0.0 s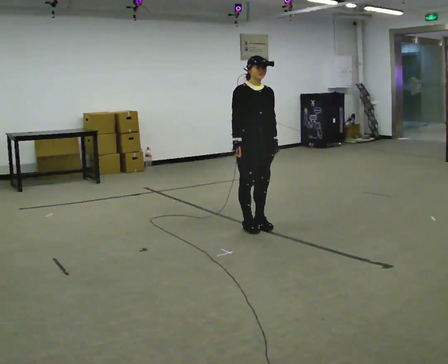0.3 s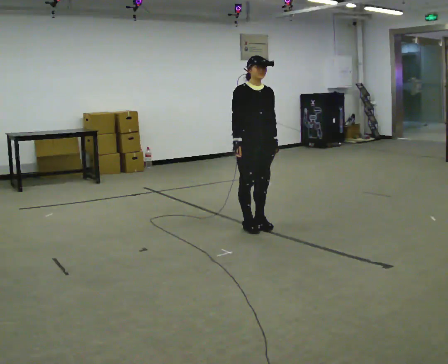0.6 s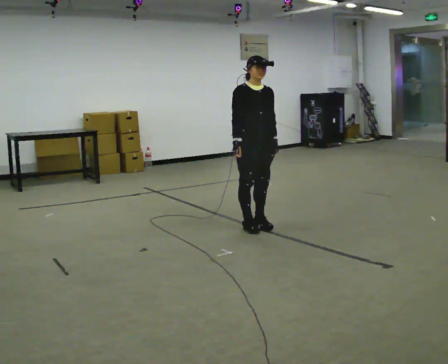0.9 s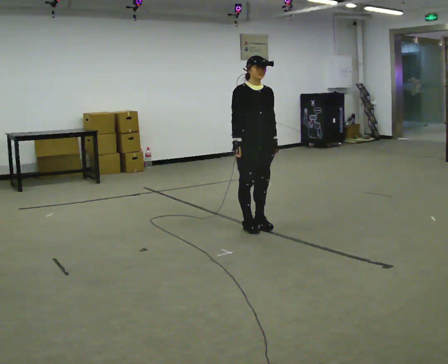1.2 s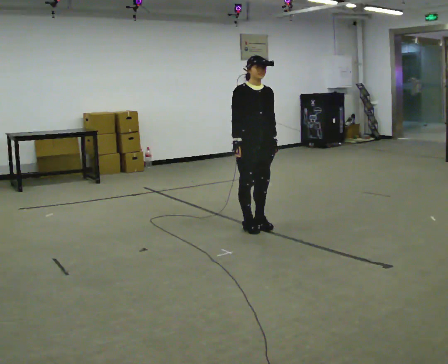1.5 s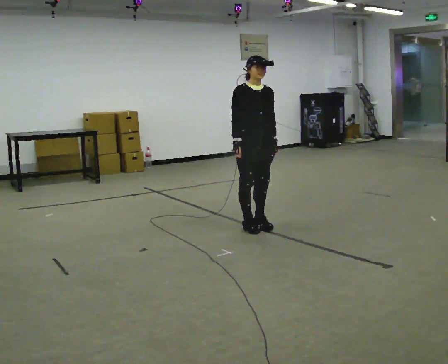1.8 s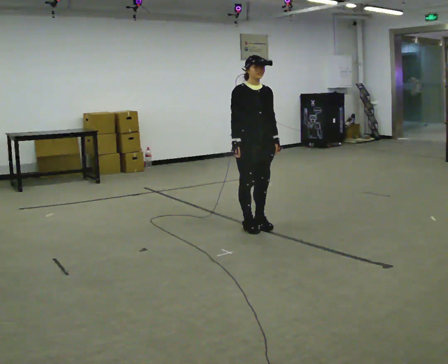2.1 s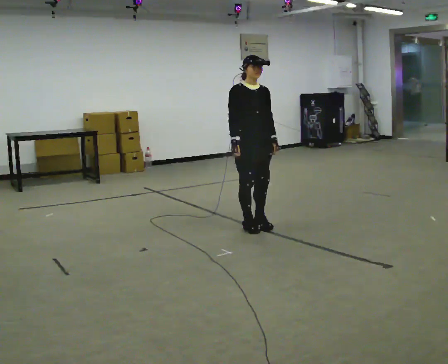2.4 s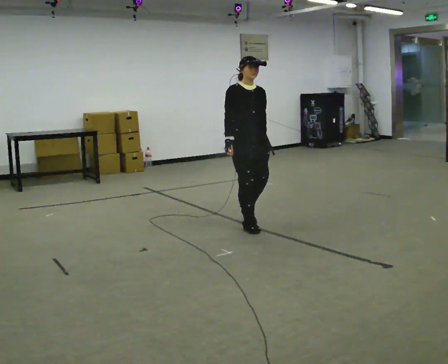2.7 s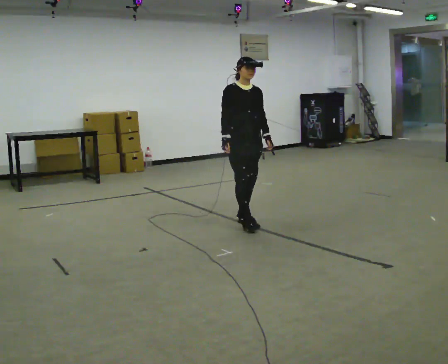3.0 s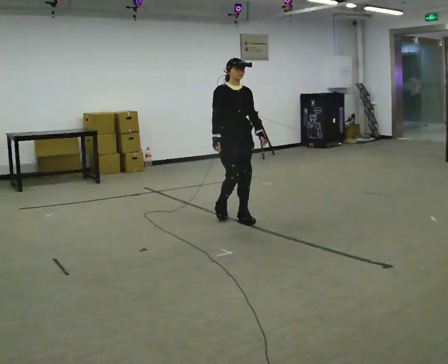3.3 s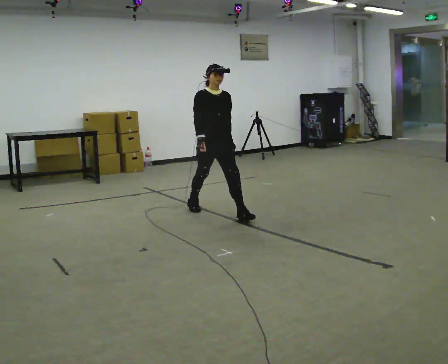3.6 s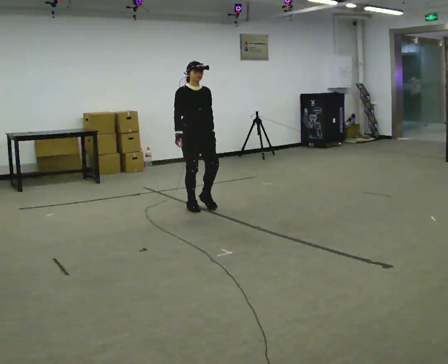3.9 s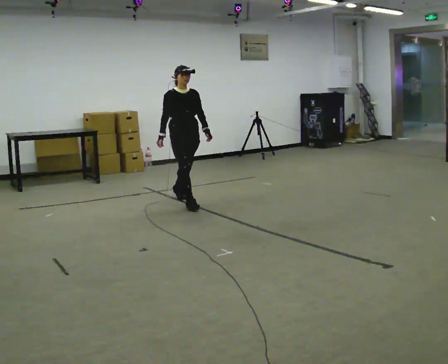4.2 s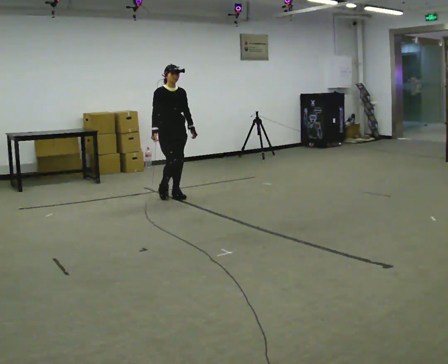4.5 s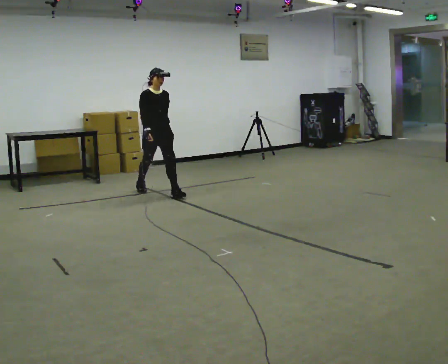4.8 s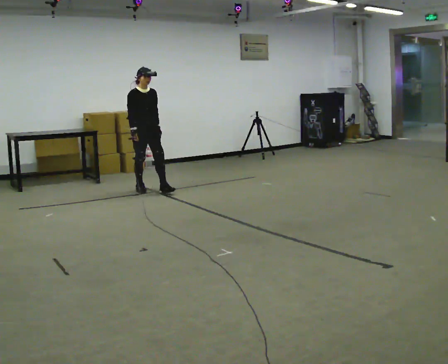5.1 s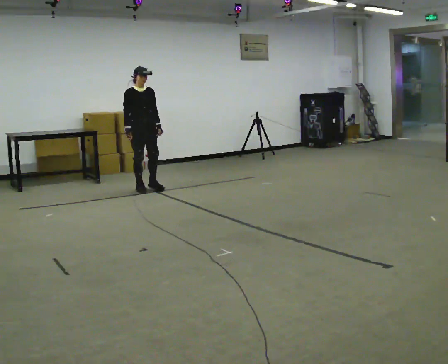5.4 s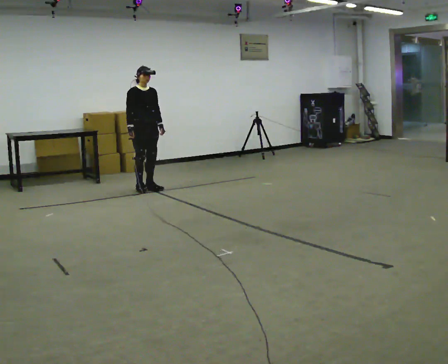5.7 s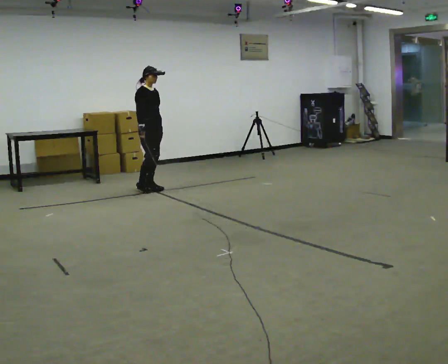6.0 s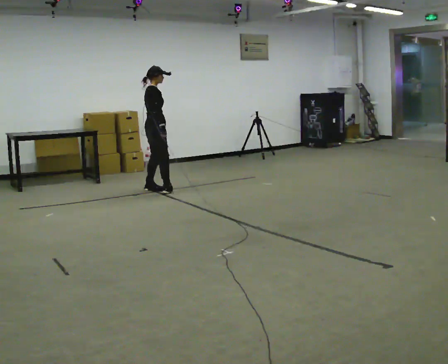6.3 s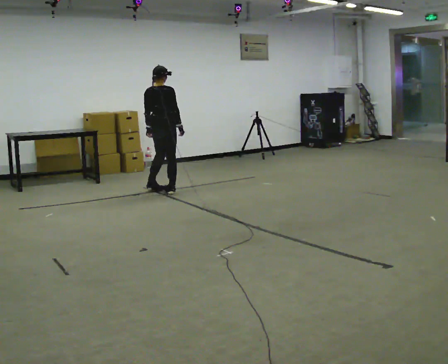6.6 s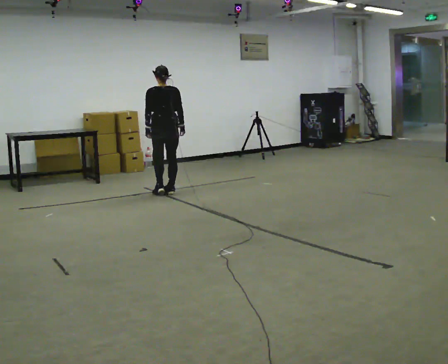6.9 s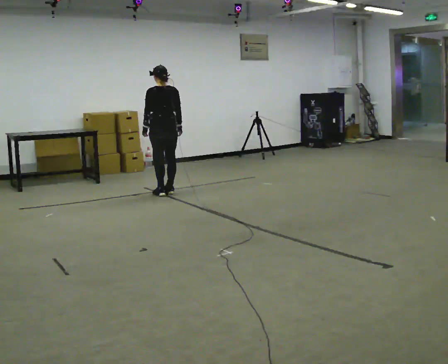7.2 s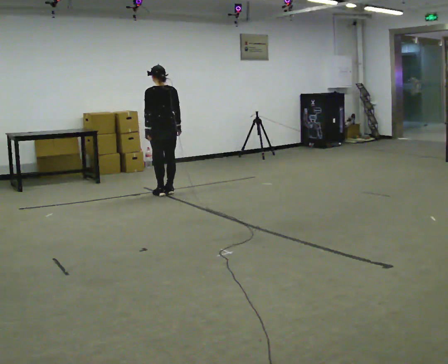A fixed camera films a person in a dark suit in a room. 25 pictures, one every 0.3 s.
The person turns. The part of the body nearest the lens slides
to the right.
The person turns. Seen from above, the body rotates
counterclockwise.
0.0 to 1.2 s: The person keeps their place and pose.
1.2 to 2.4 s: The person moves a little, or ends about where they began.
2.4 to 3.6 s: In the picture they go away from the camera and to the left, about 1 m in 2 steps, which for them is backward.
3.6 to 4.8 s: In the picture they go away from the camera and to the left, about 1 m in 2 steps, which for them is backward.
4.8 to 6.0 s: Seen from above the body turns counterclockwise, about 60 degrees: to their left, with its near side sliding to the right.
6.0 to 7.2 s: Seen from above the body turns counterclockwise, about 105 degrees: to their left, with its near side sliding to the right. In the picture they go toward the camera and to the right, about 0.25 m in 1 step.
The film runs backward here.
